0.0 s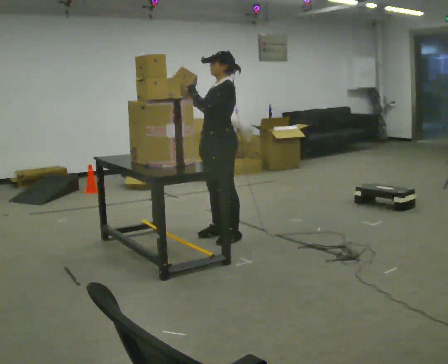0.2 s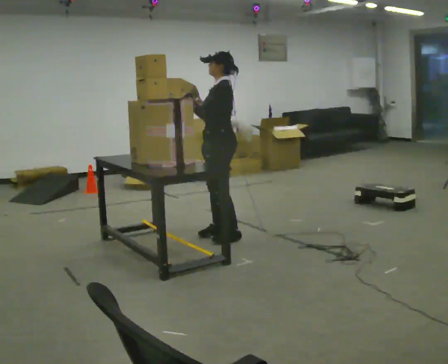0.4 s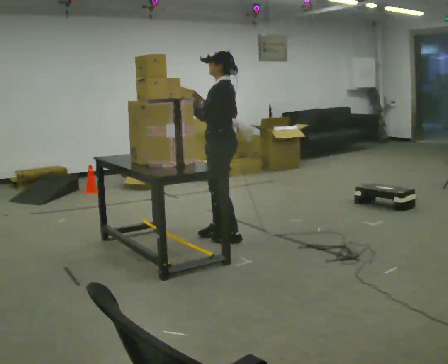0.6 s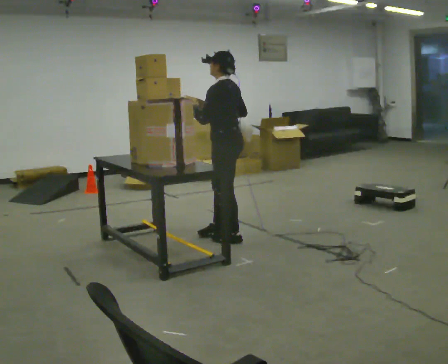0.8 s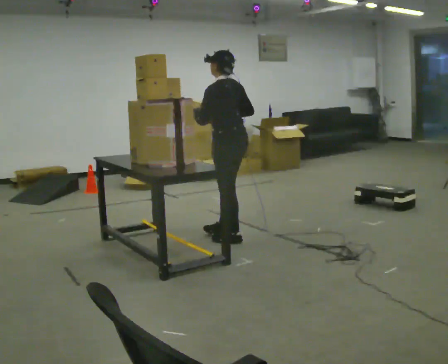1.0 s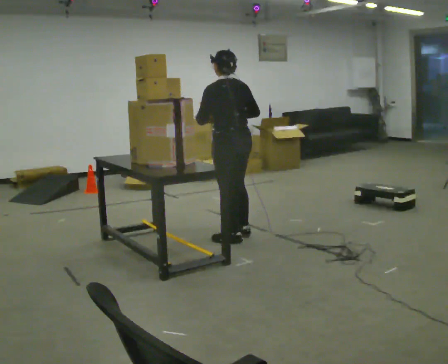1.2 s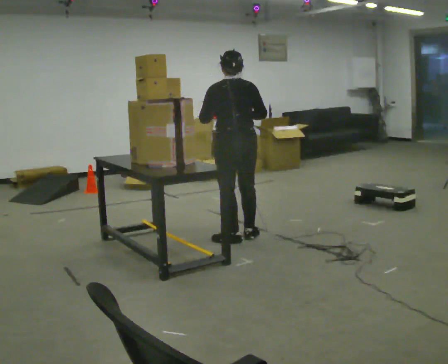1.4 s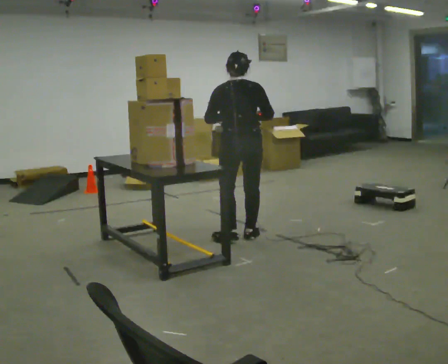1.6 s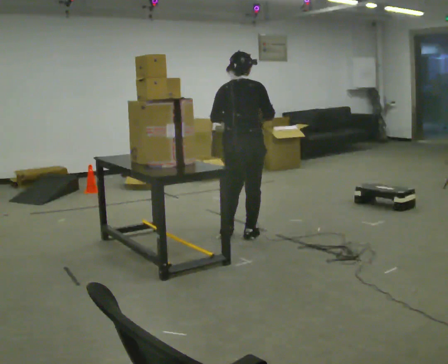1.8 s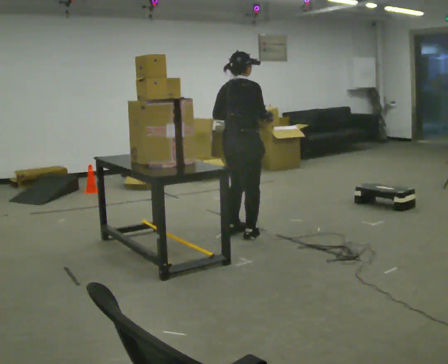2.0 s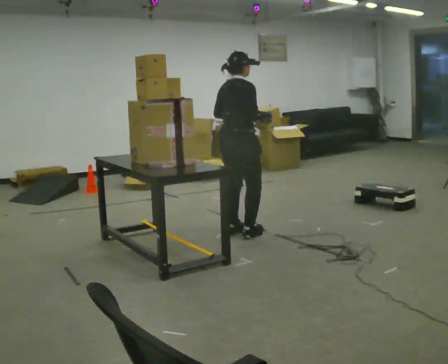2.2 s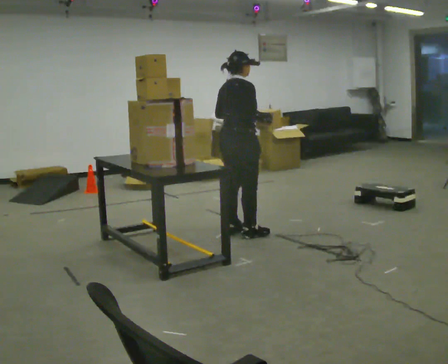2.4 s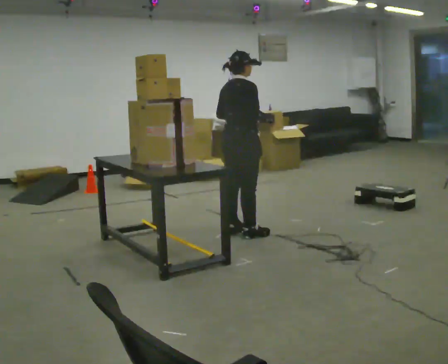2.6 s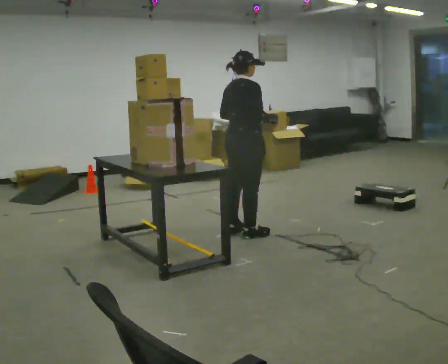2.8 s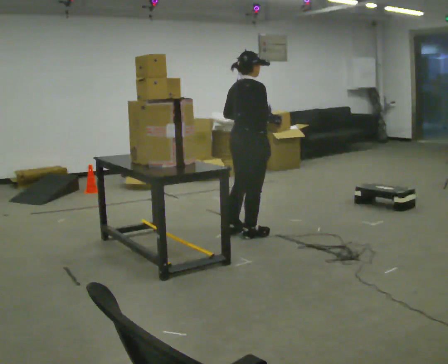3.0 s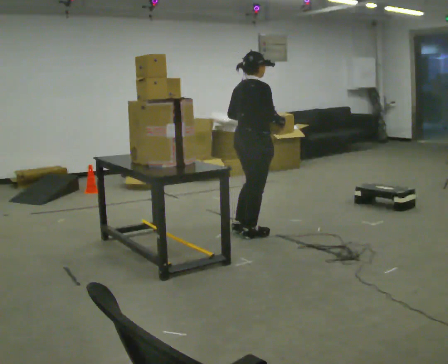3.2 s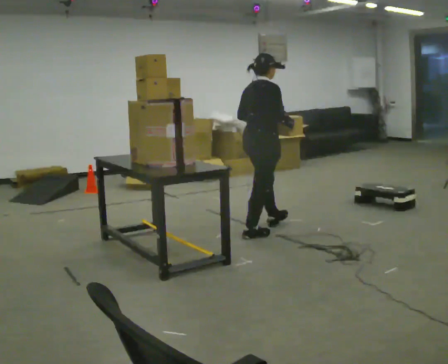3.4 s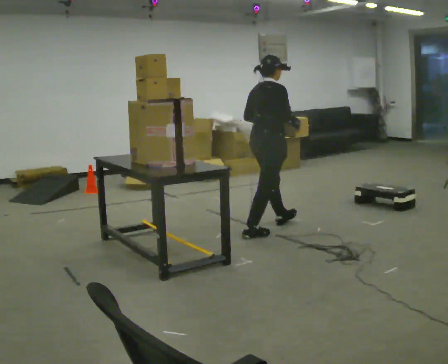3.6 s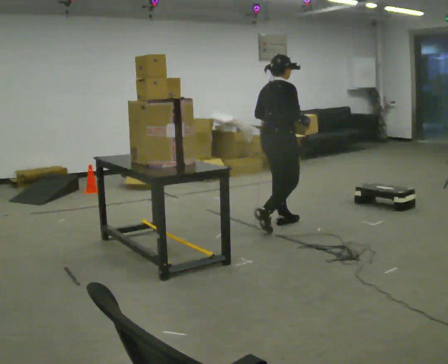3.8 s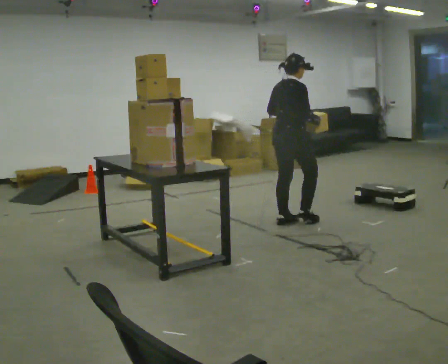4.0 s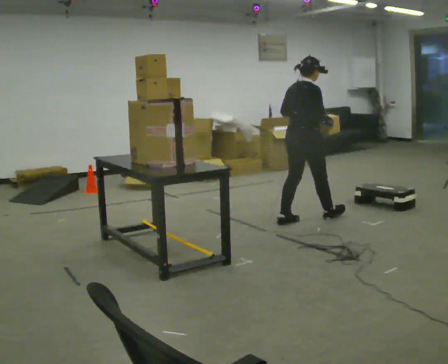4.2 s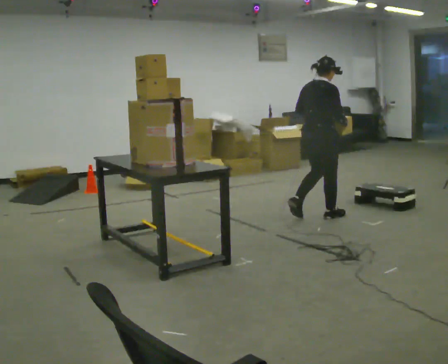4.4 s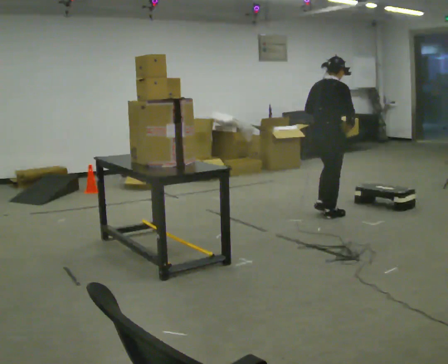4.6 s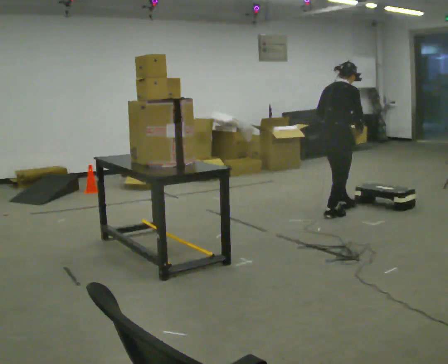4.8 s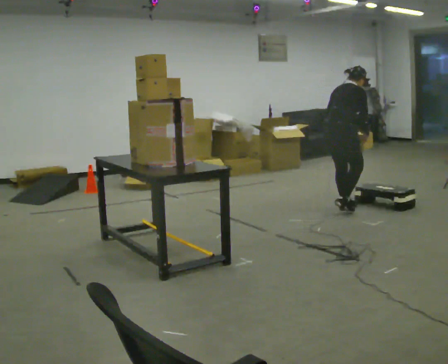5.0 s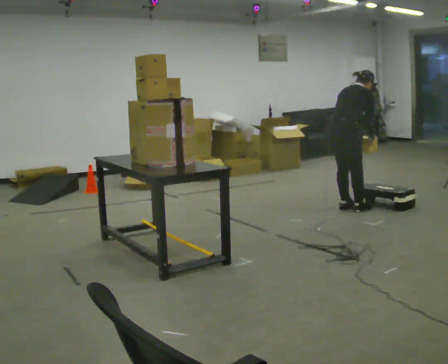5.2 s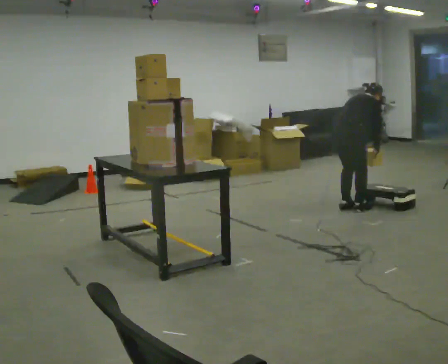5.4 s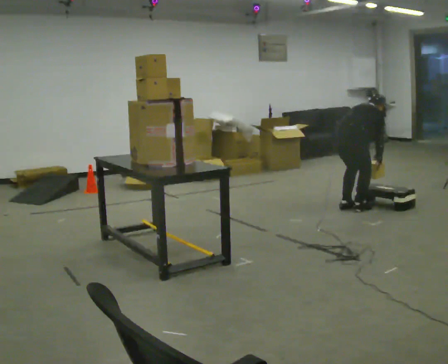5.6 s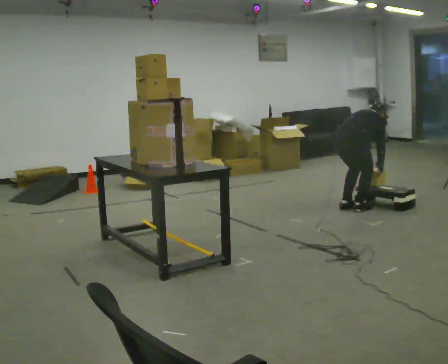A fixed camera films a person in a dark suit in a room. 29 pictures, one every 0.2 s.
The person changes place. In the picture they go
to the right.
Their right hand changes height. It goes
downward.
0.0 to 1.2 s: The person turns about 90 degrees to their right, clockwise seen from above, so the part of the body nearest the lens slides to the left. In the picture their right hand goes to the right.
1.2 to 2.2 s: The person turns about 75 degrees to their right, clockwise seen from above, so the part of the body nearest the lens slides to the left. In the picture they go away from the camera, about 0.25 m in 1 step.
2.2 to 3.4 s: In the picture they go to the right, about 0.25 m in 1 step, which for them is forward.
3.4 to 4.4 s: In the picture they go to the right and away from the camera, about 0.5 m in 1 step, which for them is forward.
4.4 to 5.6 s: In the picture they go to the right, about 0.25 m in 2 steps, which for them is forward. The upper body goes downward. In the picture the upper body tilts clockwise, shoulders to the right, as they bend forward. In the picture their left hand goes downward.
The film runs forward here.
